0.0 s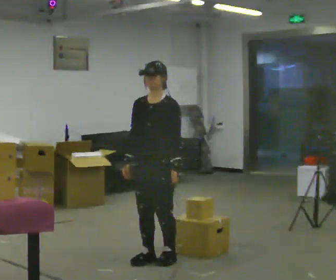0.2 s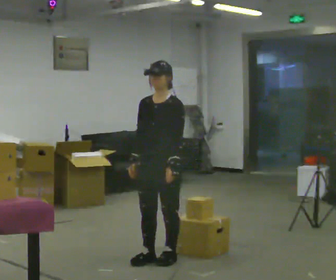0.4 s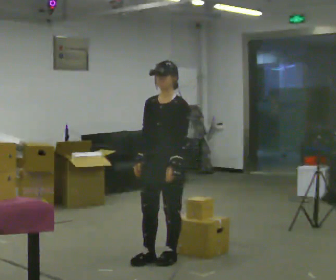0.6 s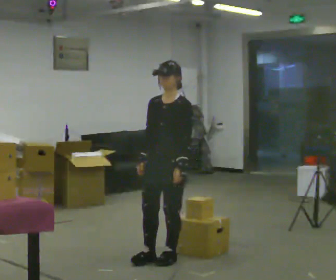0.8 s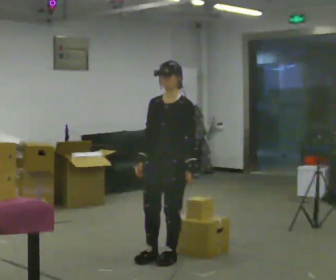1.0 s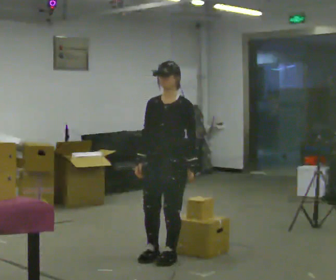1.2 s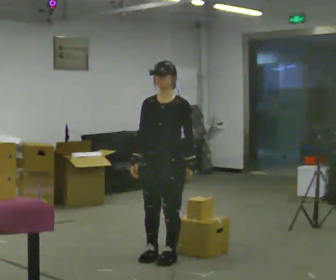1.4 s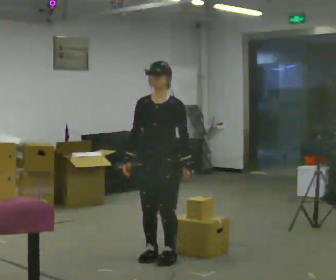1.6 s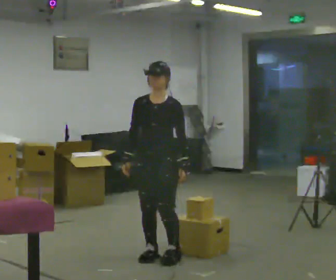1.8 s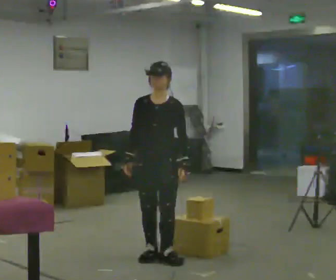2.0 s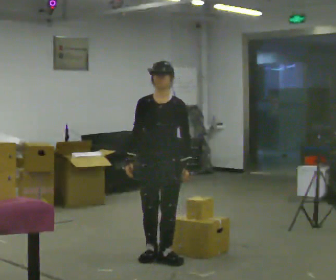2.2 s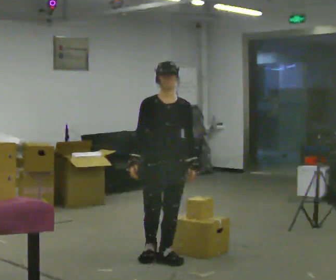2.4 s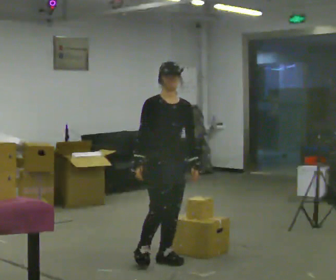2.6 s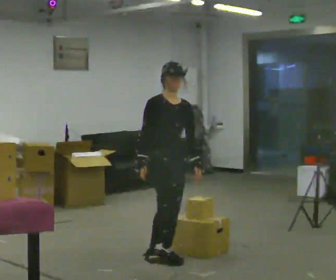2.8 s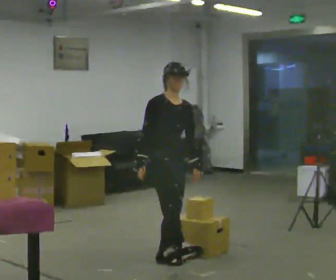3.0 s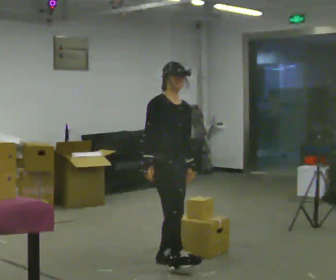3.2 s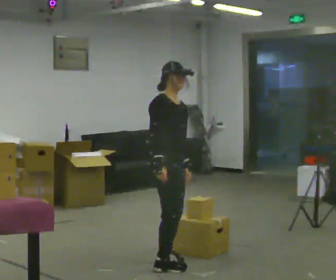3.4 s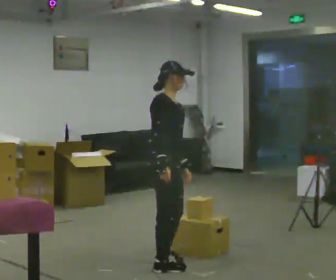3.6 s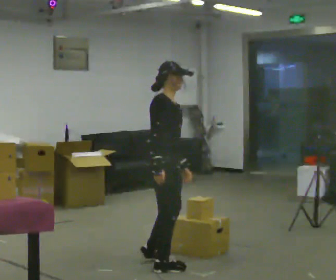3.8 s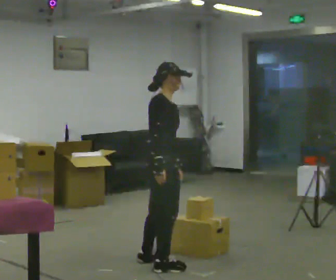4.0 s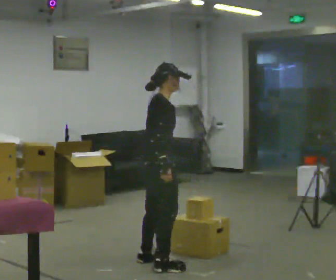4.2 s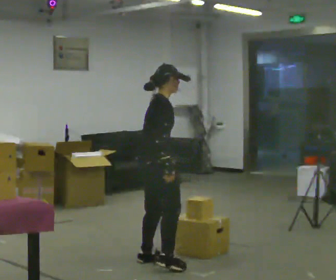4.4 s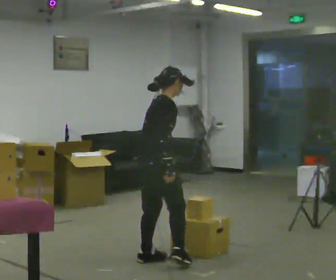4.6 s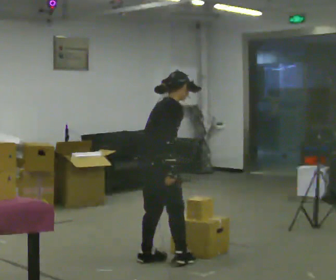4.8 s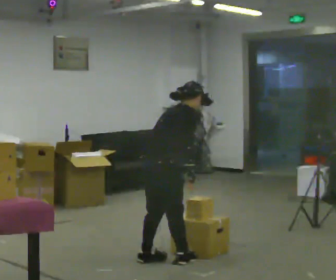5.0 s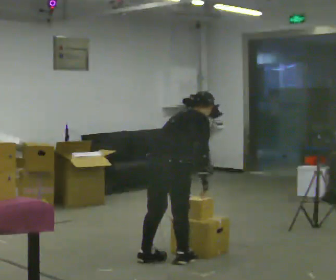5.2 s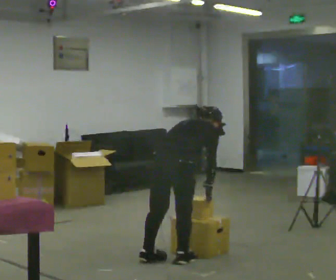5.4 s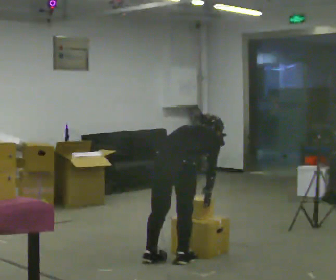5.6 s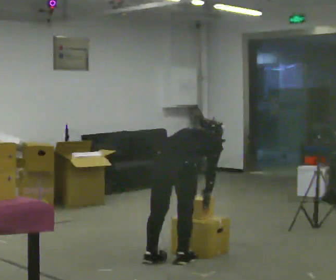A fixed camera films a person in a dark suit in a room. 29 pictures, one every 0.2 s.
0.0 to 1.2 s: The person moves a little, or ends about where they began.
1.2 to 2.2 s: The part of the body nearest the lens slides to the right as the person turns to their left by about 30 degrees.
2.2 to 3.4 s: The person turns about 75 degrees to their left, counterclockwise seen from above, so the part of the body nearest the lens slides to the right. In the picture they go toward the camera, about 0.25 m.
3.4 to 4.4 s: Seen from above the body turns counterclockwise, about 45 degrees: to their left, with its near side sliding to the right. In the picture they go away from the camera, about 0.25 m in 1 step, which for them is to their left.
4.4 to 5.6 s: Seen from above the body turns counterclockwise, about 30 degrees: to their left, with its near side sliding to the right. In the picture they go to the right, about 0.25 m, which for them is to their right. The upper body goes downward. The upper body tips away from the camera, its near side rolling upward, as they bend forward. In the picture their right hand goes to the right and downward.
The film runs backward here.
